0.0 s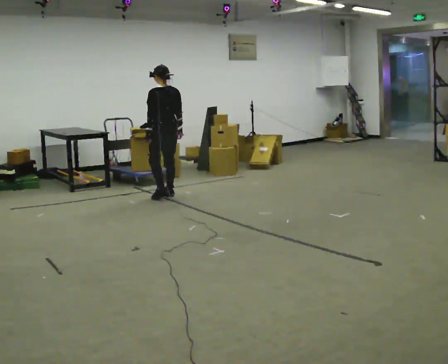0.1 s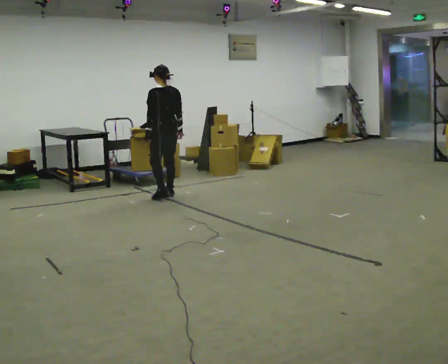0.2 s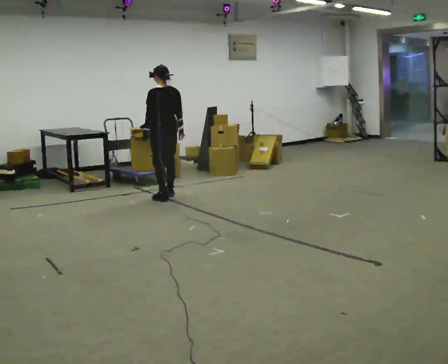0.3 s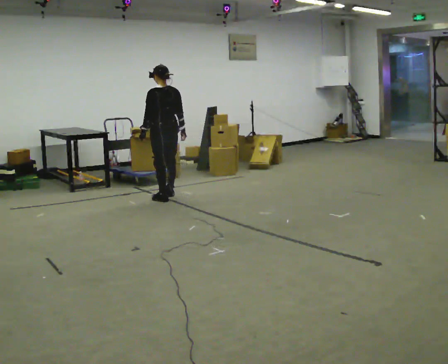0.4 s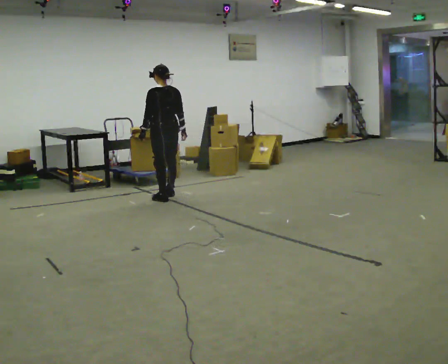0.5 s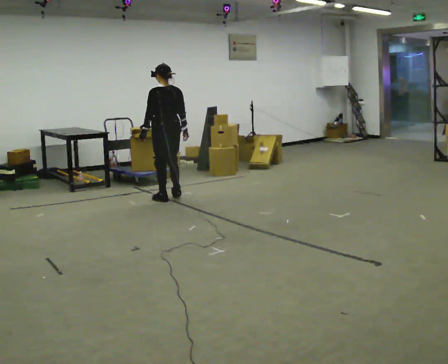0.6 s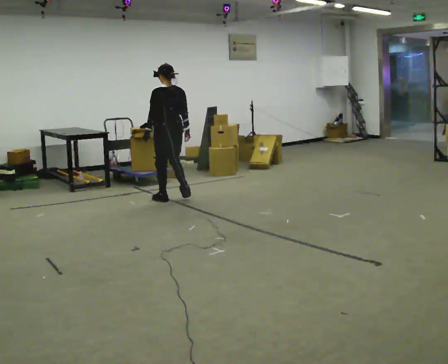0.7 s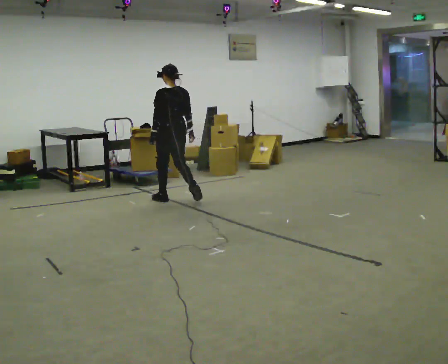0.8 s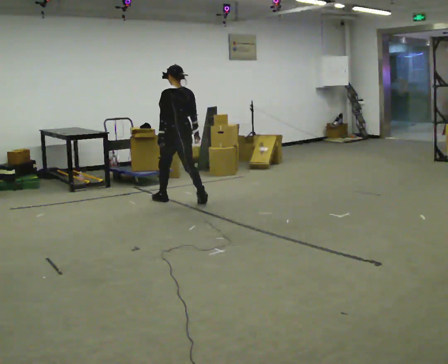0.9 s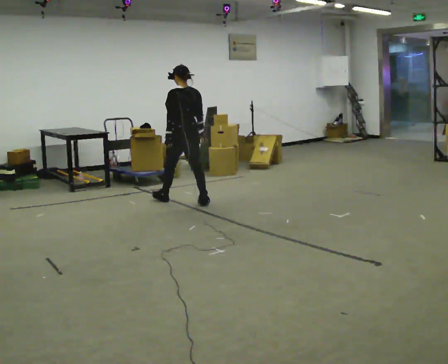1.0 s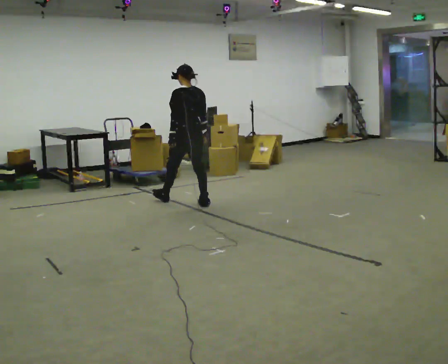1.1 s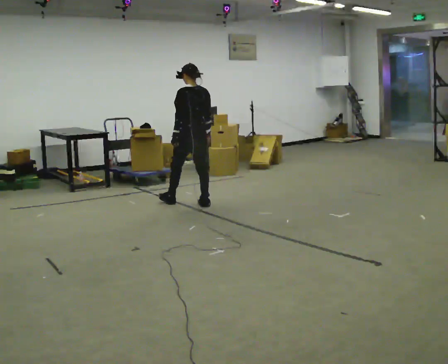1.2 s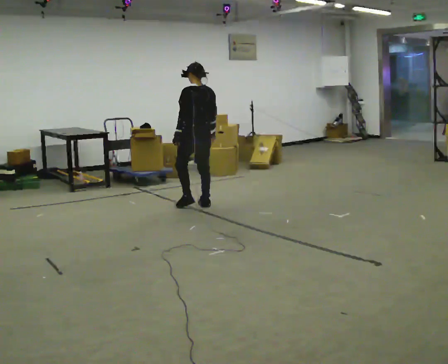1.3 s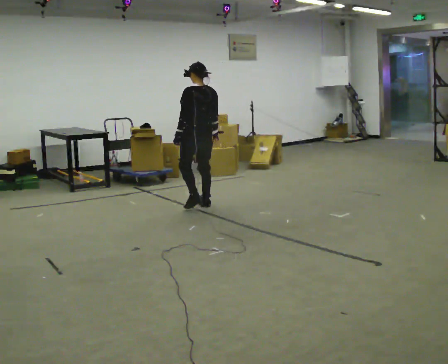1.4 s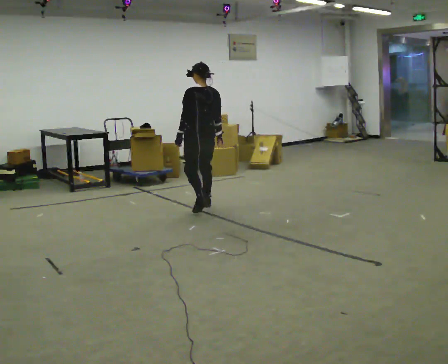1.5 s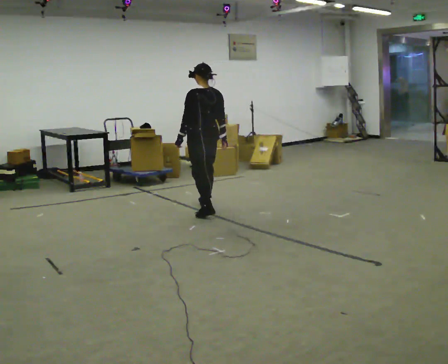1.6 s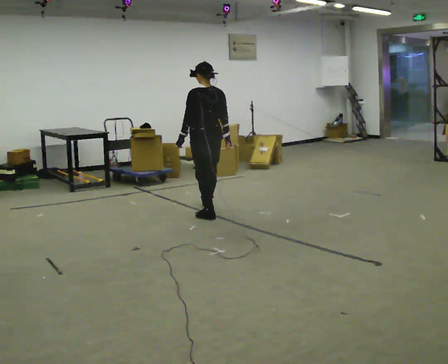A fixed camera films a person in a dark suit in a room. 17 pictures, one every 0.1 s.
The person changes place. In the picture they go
toward the camera.
0.0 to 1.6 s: In the picture they go toward the camera and to the right, about 1 m in 3 steps, which for them is backward.
The film runs backward here.
